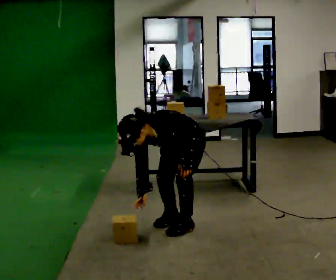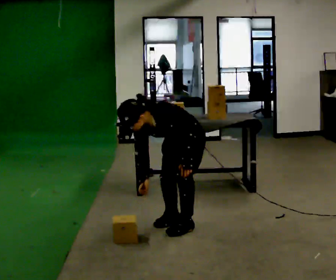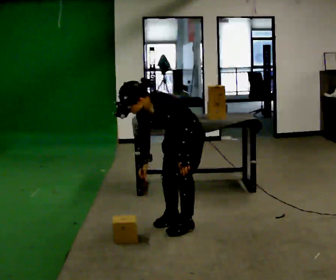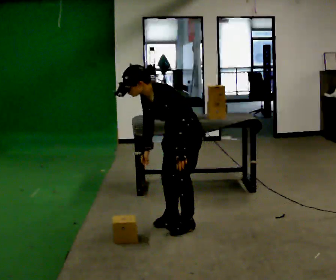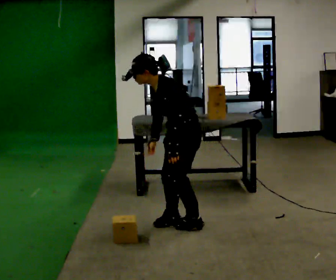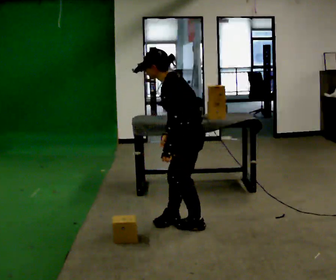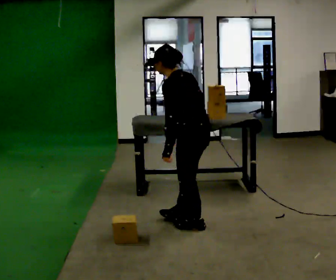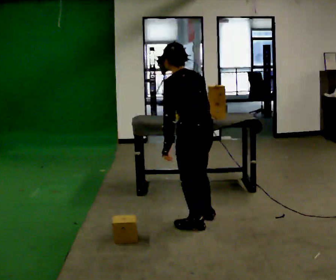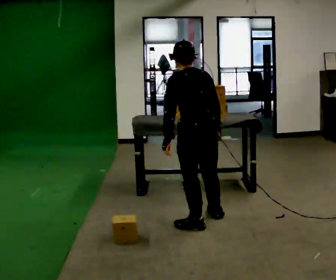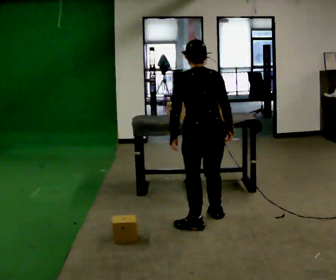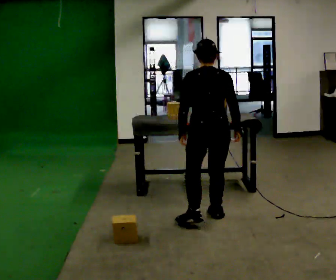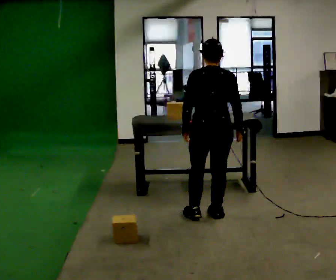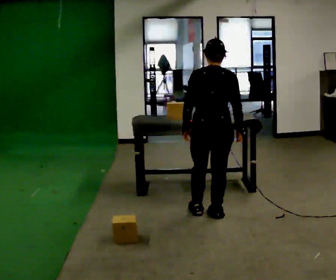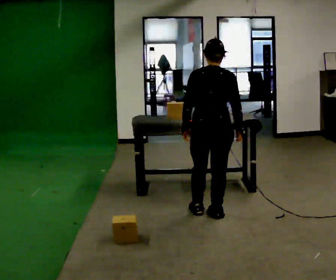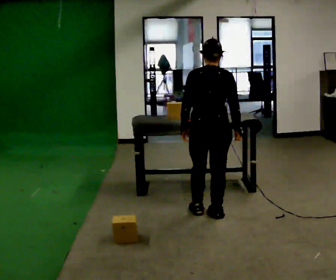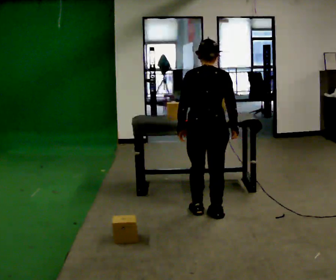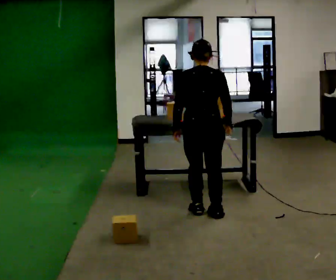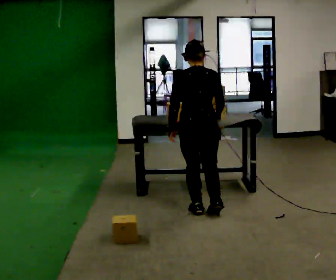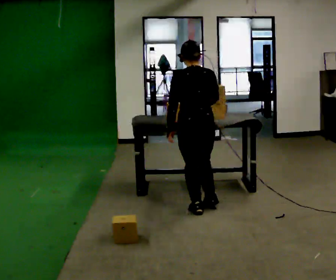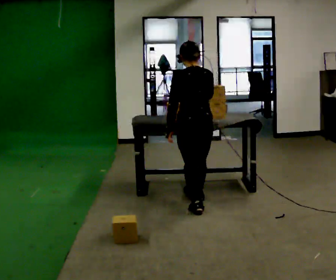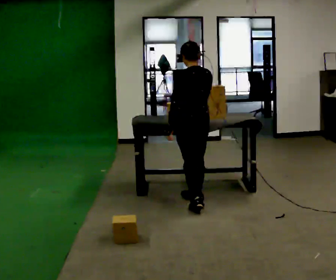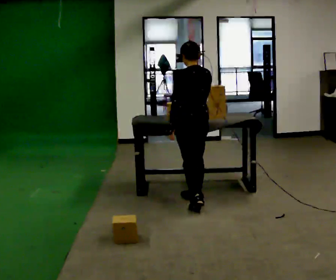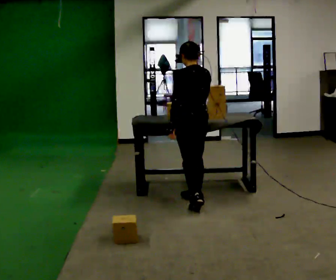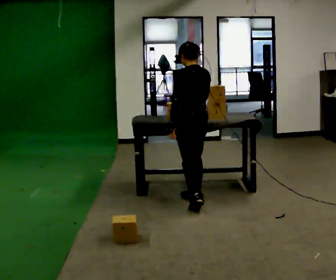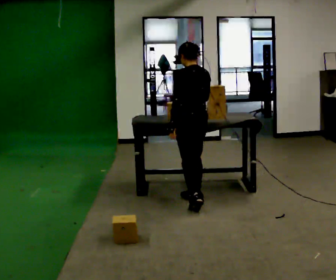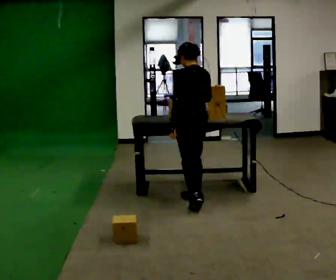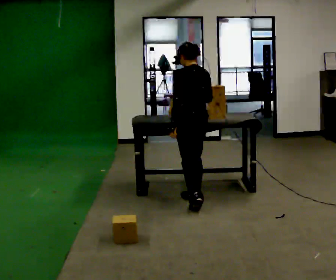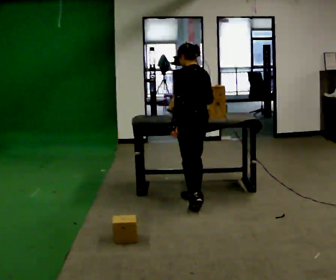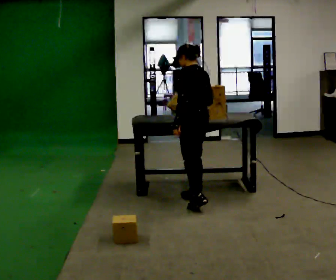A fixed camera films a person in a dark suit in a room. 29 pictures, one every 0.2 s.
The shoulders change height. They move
upward.
The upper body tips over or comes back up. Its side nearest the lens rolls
upward.
0.0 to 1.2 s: The person turns about 75 degrees to their right, clockwise seen from above, so the part of the body nearest the lens slides to the left. The shoulders move upward. The upper body tips away from the camera, its near side rolling upward, as they lean back or straighten.
1.2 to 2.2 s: The person turns about 60 degrees to their right, clockwise seen from above, so the part of the body nearest the lens slides to the left. In the picture they go away from the camera, about 0.25 m in 1 step. In the picture the upper body tilts clockwise, shoulders to the right, as they lean back or straighten.
2.2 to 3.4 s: In the picture they go away from the camera, about 0.25 m in 1 step, which for them is forward.
3.4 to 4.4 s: The part of the body nearest the lens slides to the right as the person turns to their left by about 30 degrees. In the picture they go away from the camera, about 0.25 m in 1 step, which for them is forward.
4.4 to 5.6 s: The person moves a little, or ends about where they began.
The film runs forward here.
